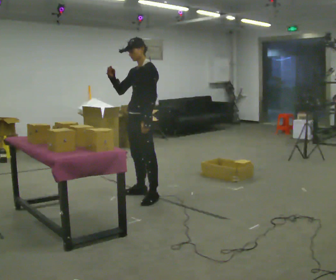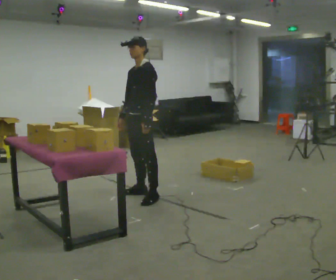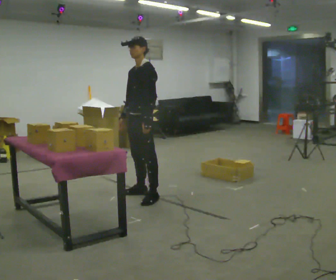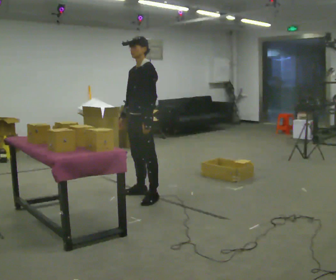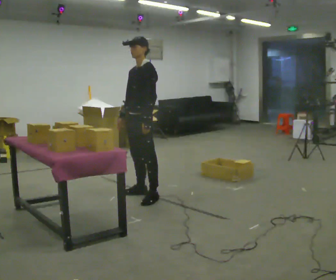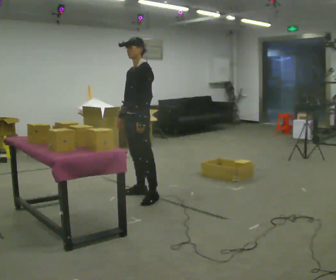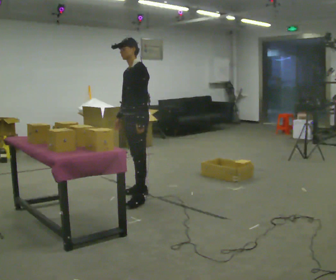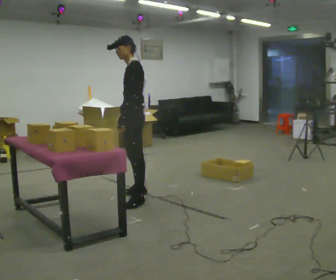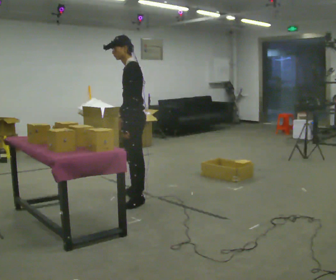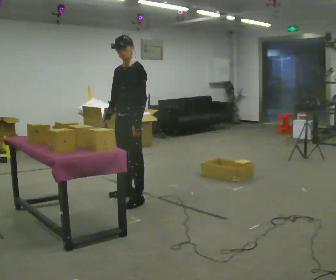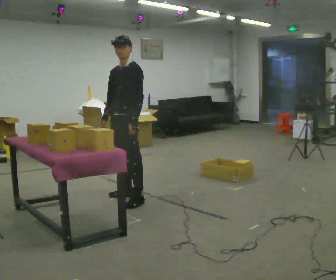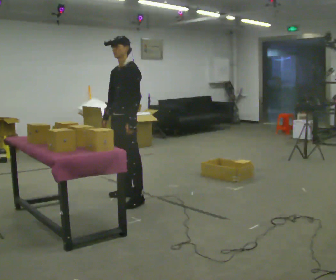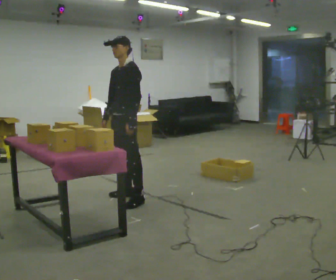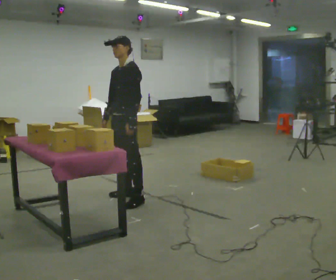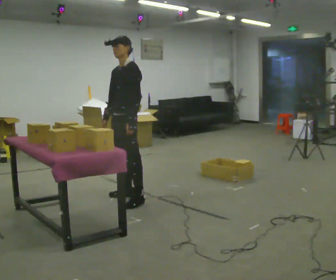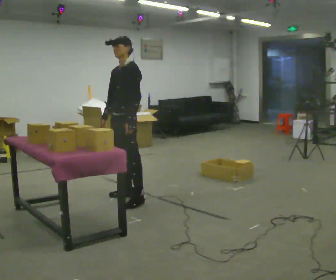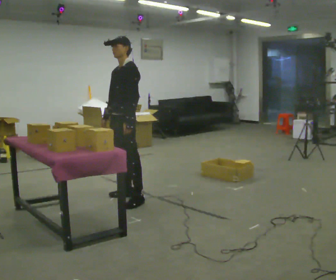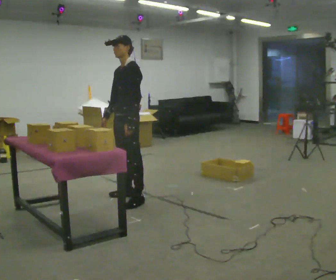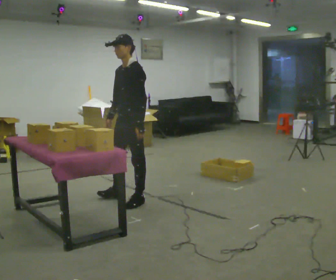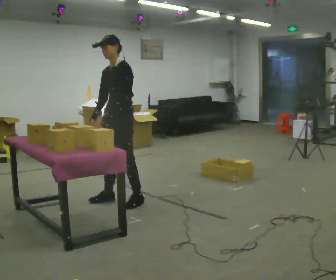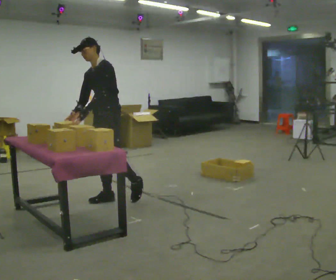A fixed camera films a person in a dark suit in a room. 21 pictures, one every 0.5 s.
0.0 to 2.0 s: In the picture their right hand goes downward, the arm swinging counterclockwise.
2.0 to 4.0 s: The part of the body nearest the lens slides to the left as the person turns to their right by about 30 degrees. In the picture they go toward the camera, about 0.25 m in 2 steps, which for them is forward and to their left.
4.0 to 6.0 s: The person turns about 30 degrees to their left, counterclockwise seen from above, so the part of the body nearest the lens slides to the right.
6.0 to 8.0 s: The person moves a little, or ends about where they began.
8.0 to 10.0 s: In the picture they go to the left, about 0.25 m in 2 steps, which for them is forward. In the picture the upper body tilts counterclockwise, shoulders to the left, as they bend forward. In the picture their right hand goes to the left.
The film runs backward here.
